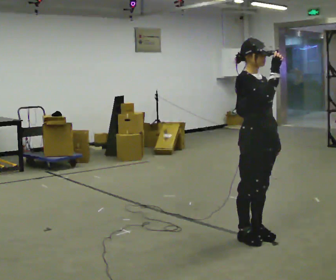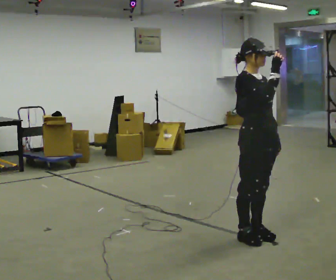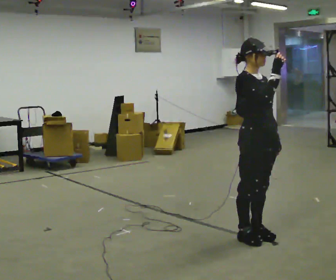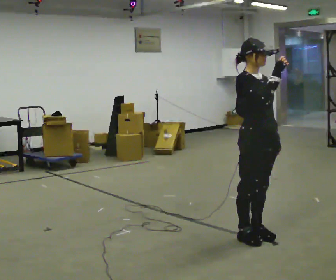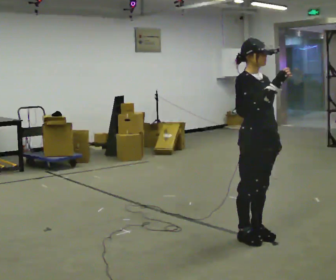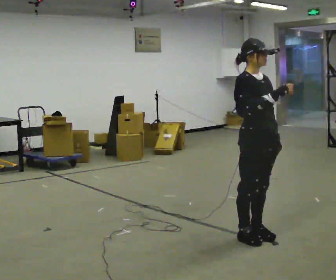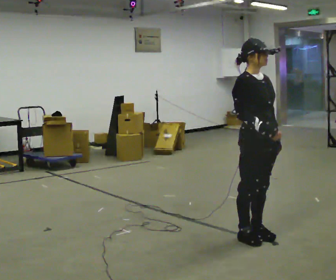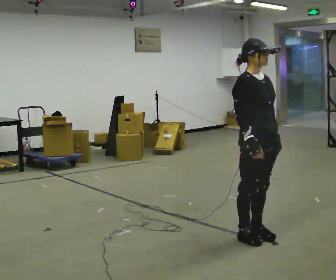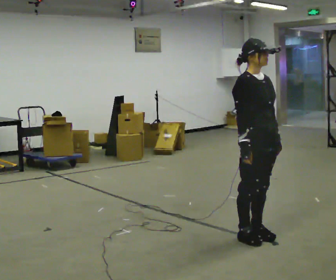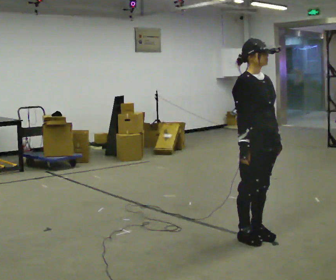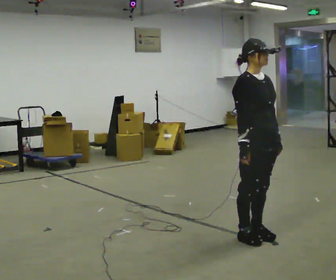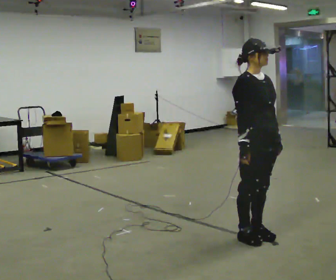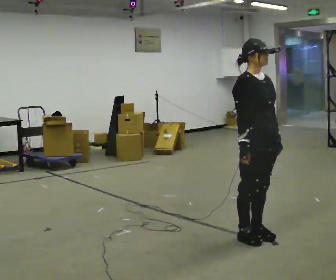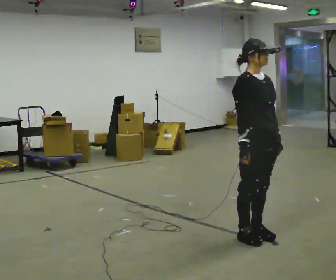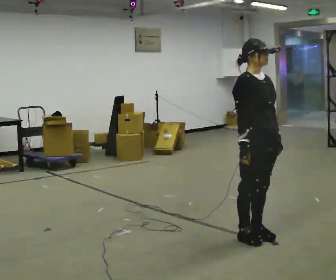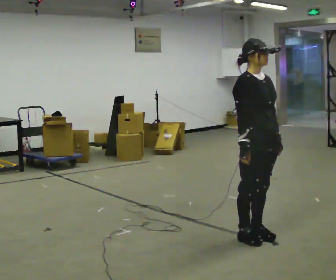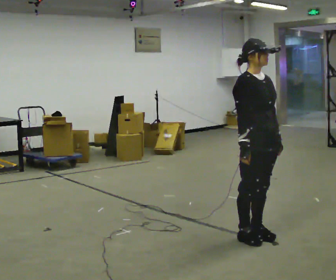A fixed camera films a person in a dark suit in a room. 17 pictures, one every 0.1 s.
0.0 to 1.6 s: In the picture their right hand goes downward.
The film runs backward here.
